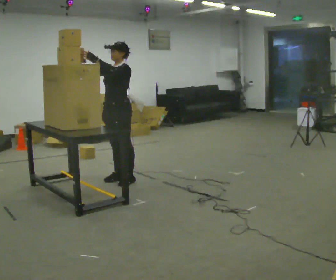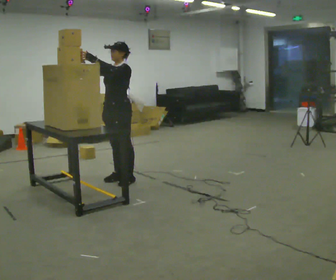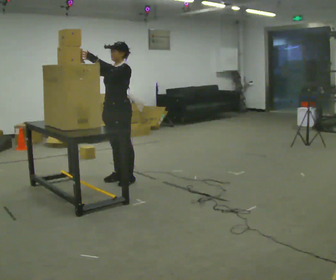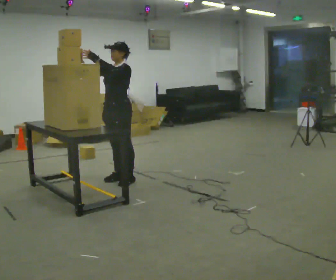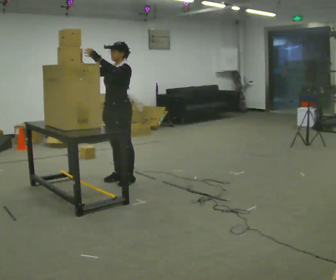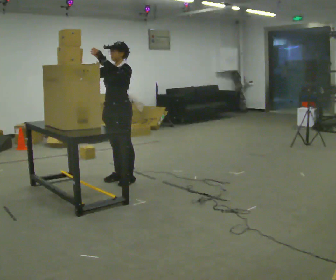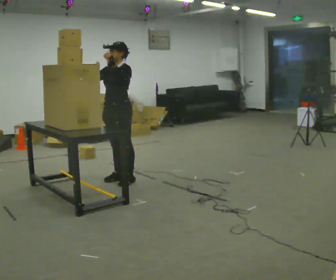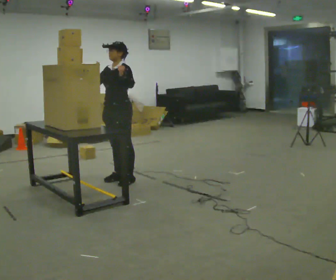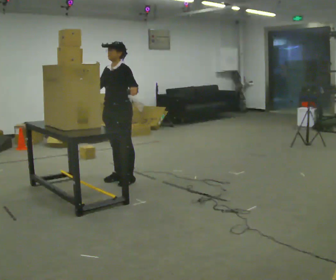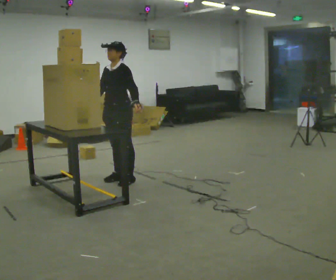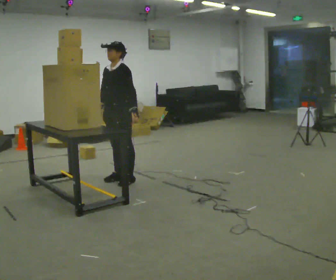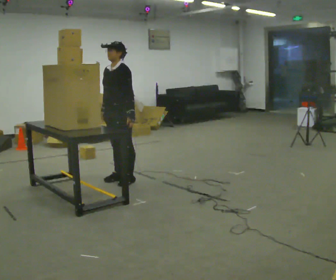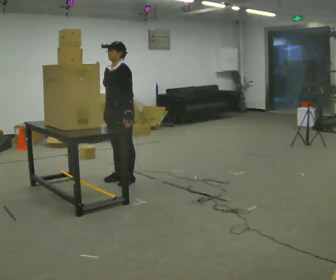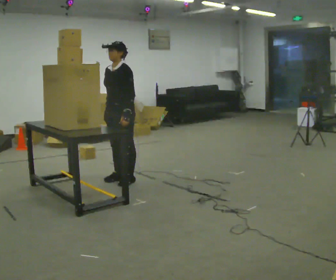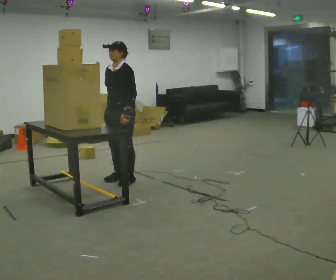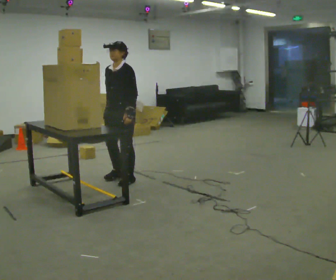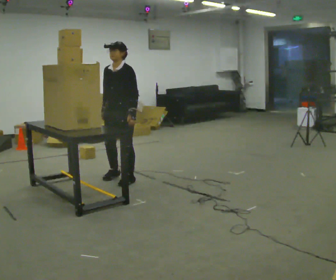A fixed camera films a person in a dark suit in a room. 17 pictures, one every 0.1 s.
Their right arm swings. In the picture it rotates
counterclockwise.
Their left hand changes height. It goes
downward.
0.0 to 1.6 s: In the picture their right hand goes downward, the arm swinging counterclockwise.
The film runs backward here.
